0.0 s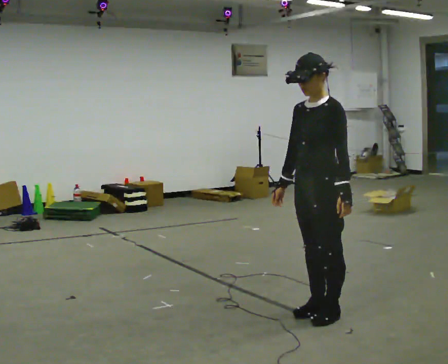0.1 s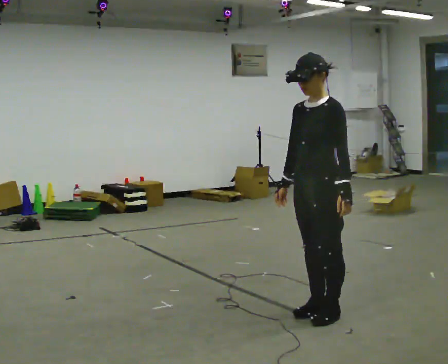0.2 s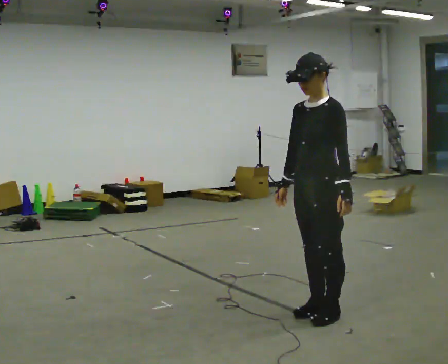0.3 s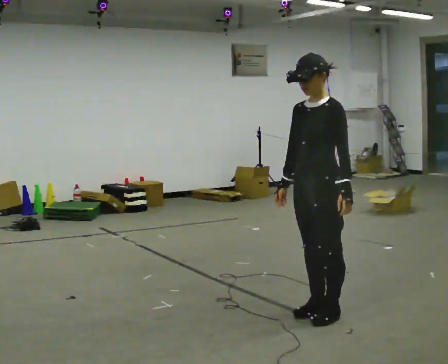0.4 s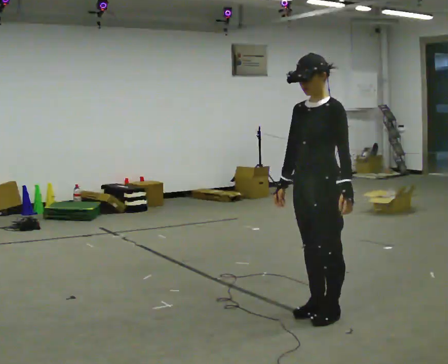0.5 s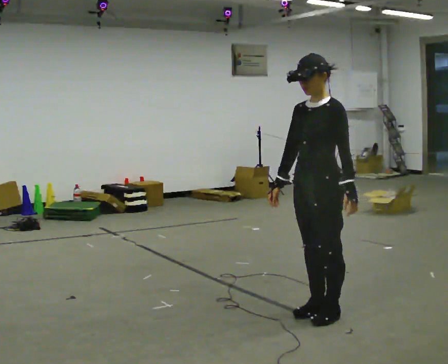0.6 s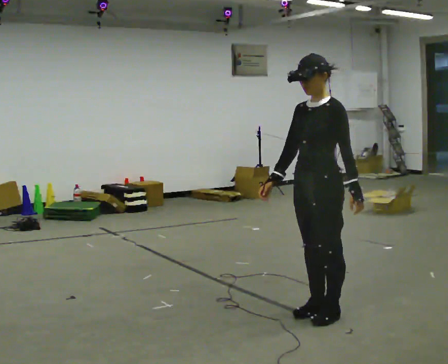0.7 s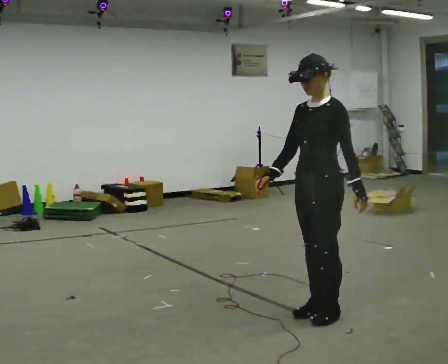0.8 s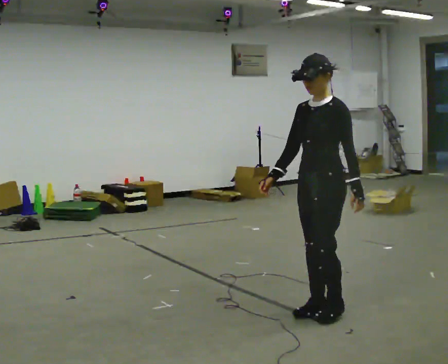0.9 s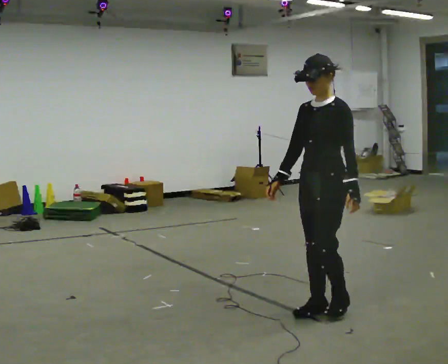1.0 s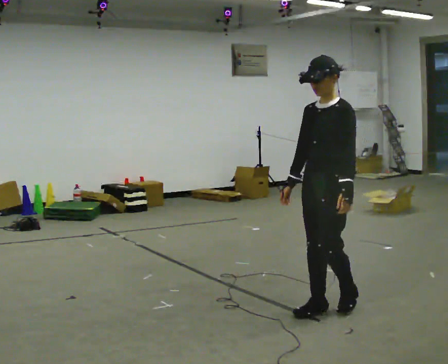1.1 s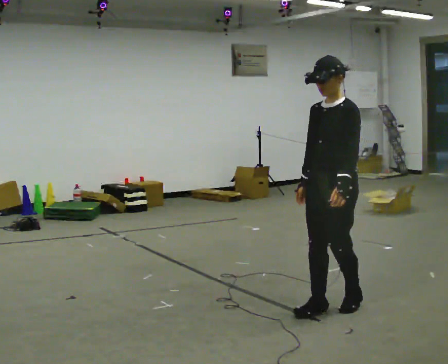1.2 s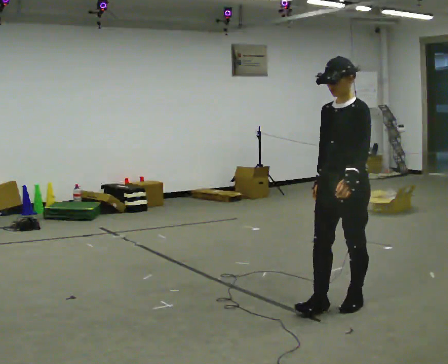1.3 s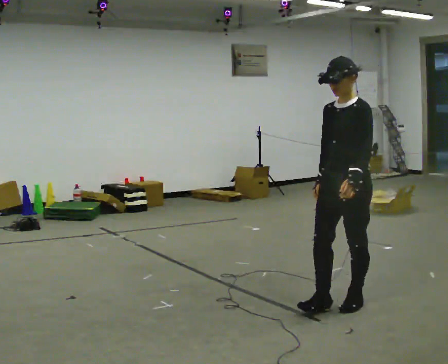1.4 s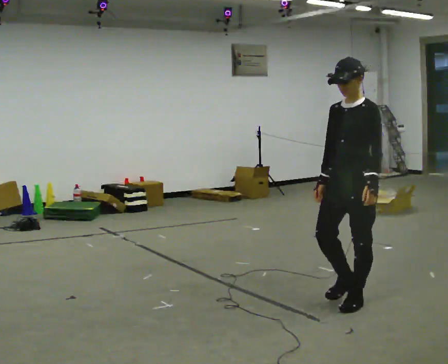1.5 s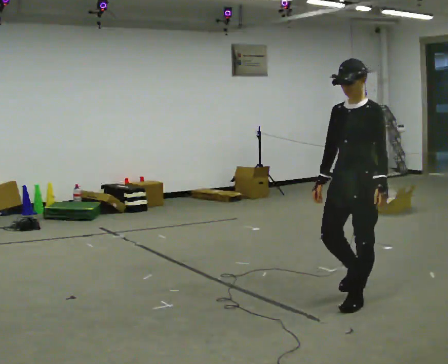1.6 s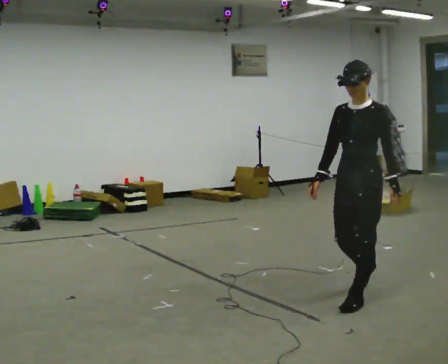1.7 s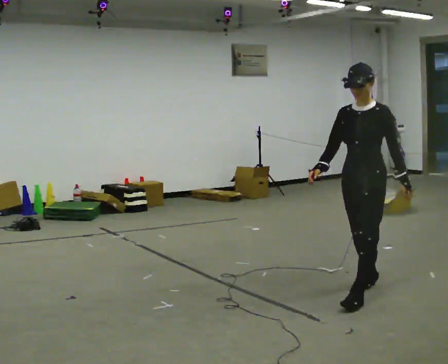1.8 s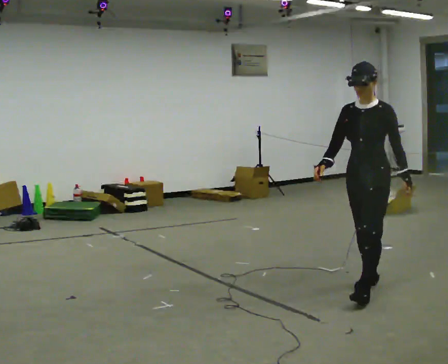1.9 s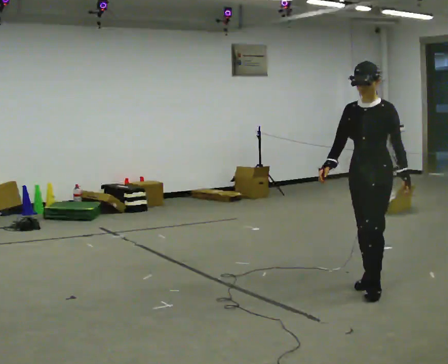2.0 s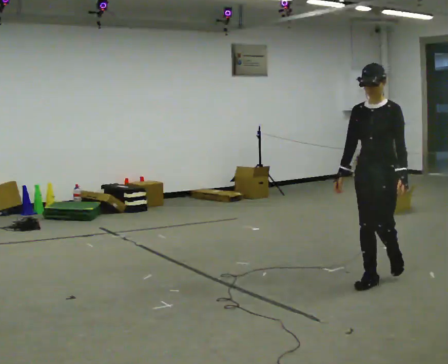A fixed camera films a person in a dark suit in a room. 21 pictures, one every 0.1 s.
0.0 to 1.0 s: The person moves a little, or ends about where they began.
1.0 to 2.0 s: In the picture they go away from the camera and to the right, about 0.75 m in 2 steps, which for them is backward.
The film runs backward here.
